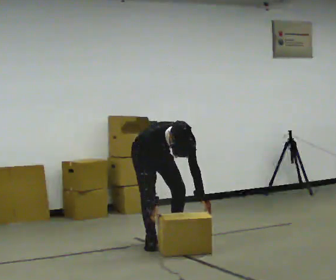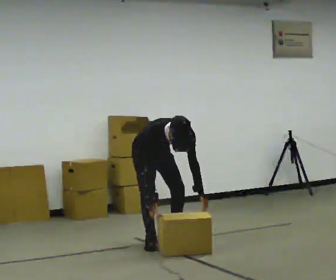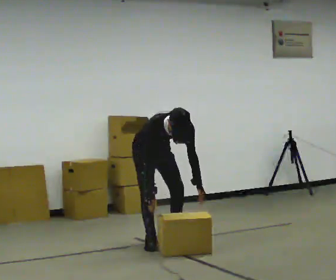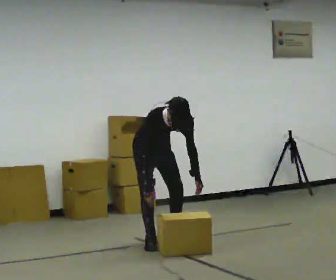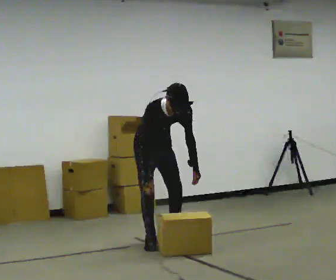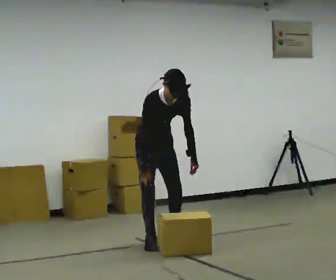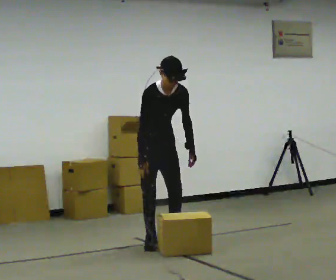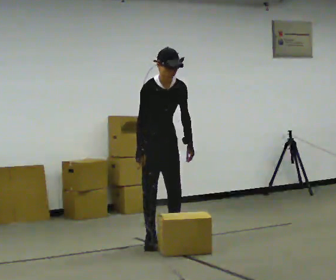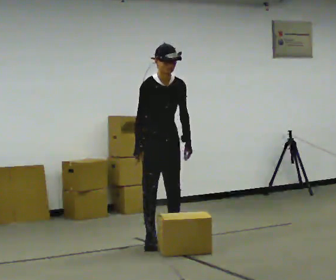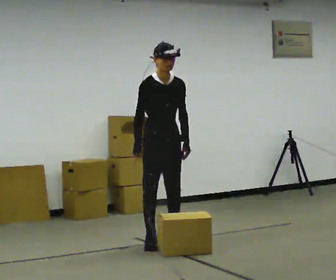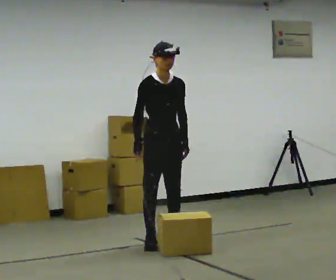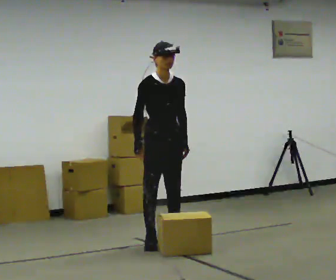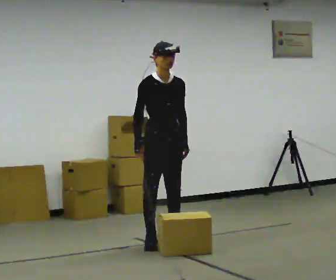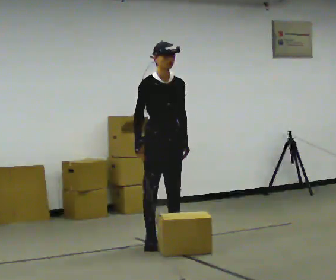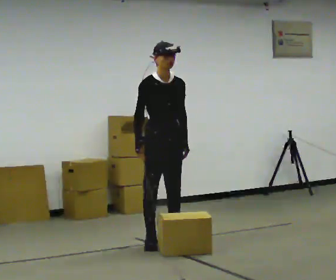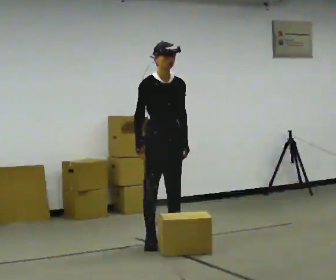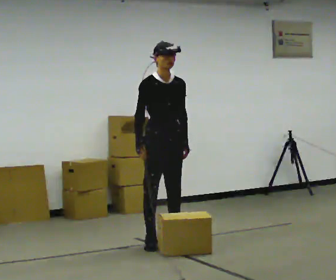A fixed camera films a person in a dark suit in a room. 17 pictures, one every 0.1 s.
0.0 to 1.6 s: In the picture they go toward the camera, about 0.25 m, which for them is forward. The upper body goes upward. The upper body tips away from the camera, its near side rolling upward, as they lean back or straighten. In the picture their right hand goes upward.
The film runs backward here.
